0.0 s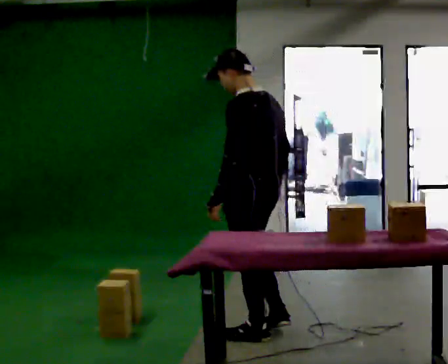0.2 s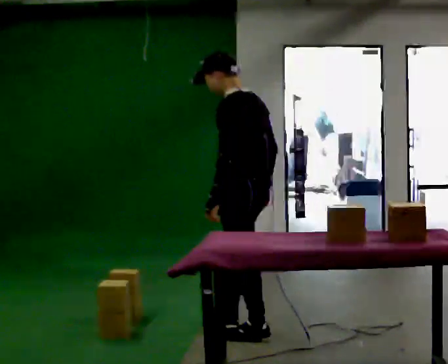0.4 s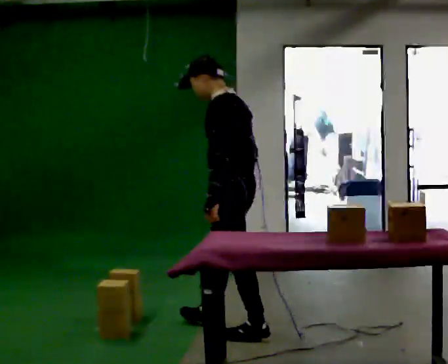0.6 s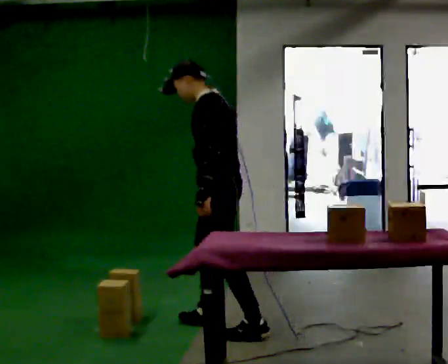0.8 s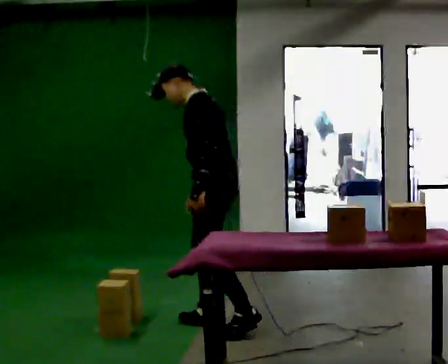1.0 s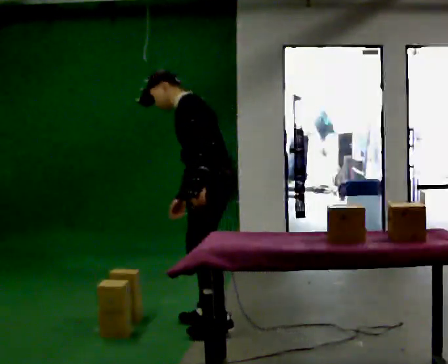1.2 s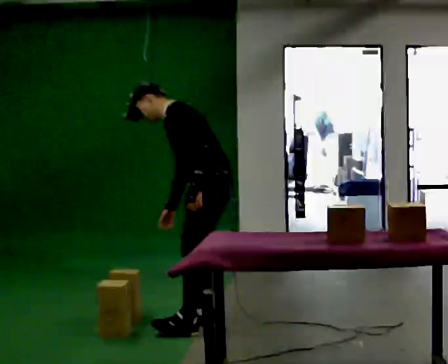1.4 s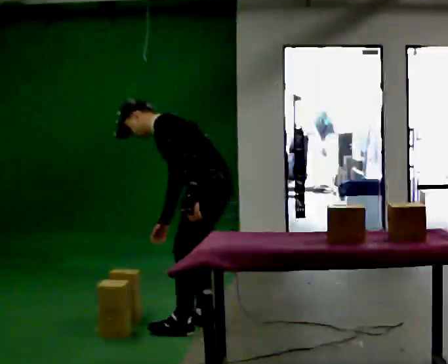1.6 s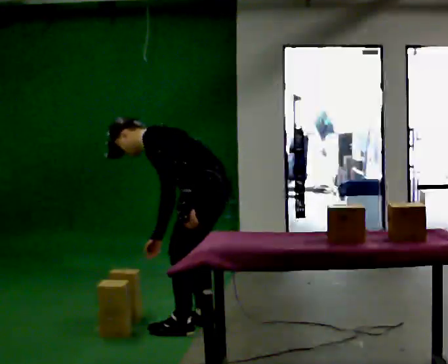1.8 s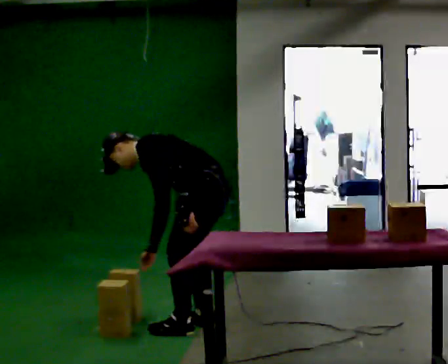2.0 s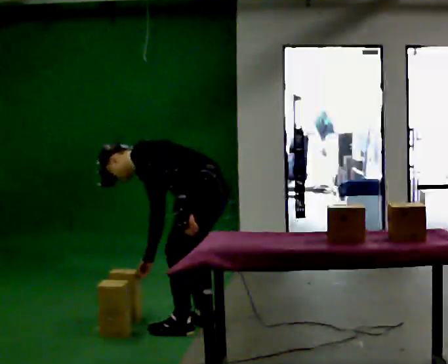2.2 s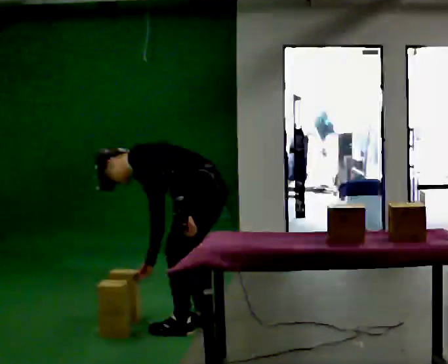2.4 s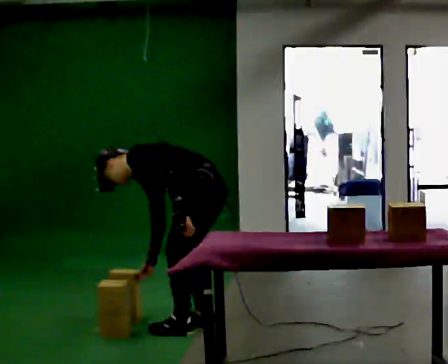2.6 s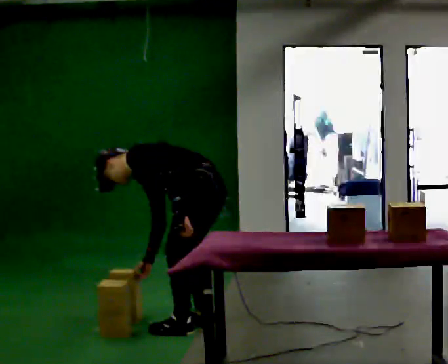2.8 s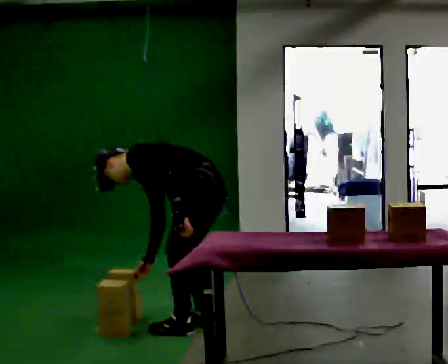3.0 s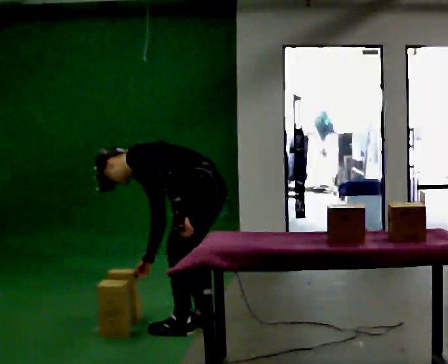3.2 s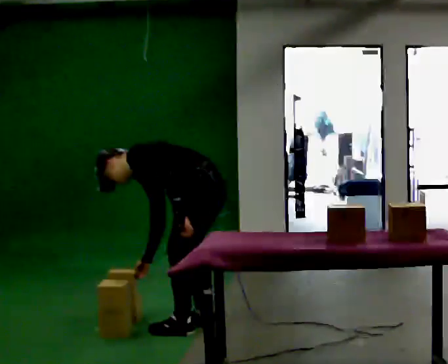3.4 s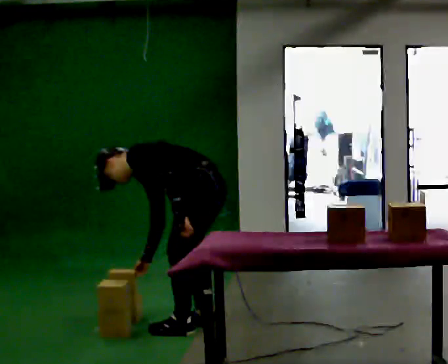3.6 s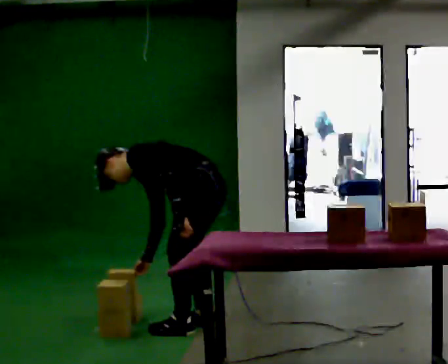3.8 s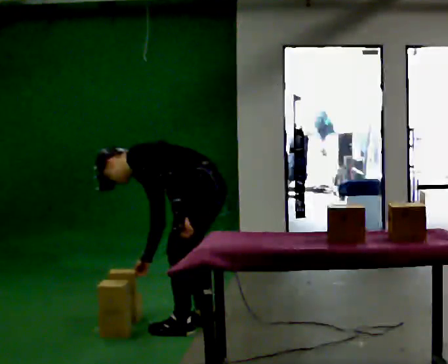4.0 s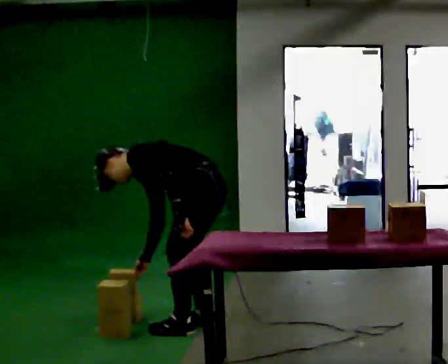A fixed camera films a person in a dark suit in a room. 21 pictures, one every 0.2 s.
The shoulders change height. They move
downward.
The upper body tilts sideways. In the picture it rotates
counterclockwise.
0.0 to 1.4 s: Seen from above the body turns counterclockwise, about 30 degrees: to their left, with its near side sliding to the right. In the picture they go to the left and away from the camera, about 0.25 m in 2 steps, which for them is forward and to their right. The upper body goes downward. In the picture the upper body tilts counterclockwise, shoulders to the left, as they bend forward.
1.4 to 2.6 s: The upper body goes downward. In the picture the upper body tilts counterclockwise, shoulders to the left, as they bend forward.
2.6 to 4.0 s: The person keeps their place and pose.
The film runs forward here.
